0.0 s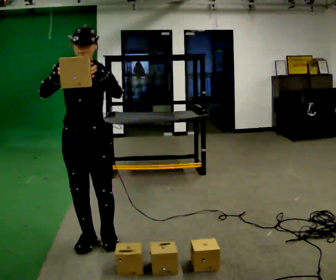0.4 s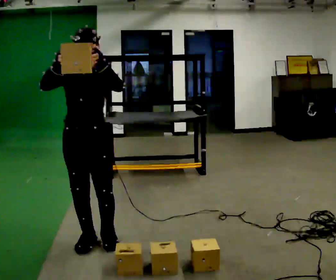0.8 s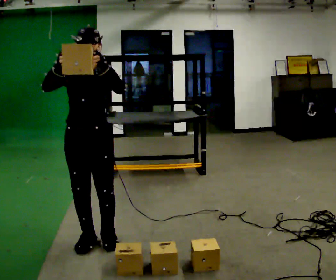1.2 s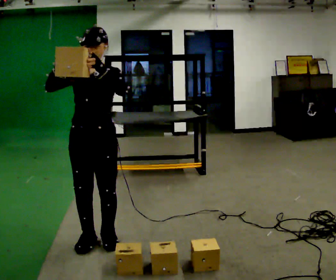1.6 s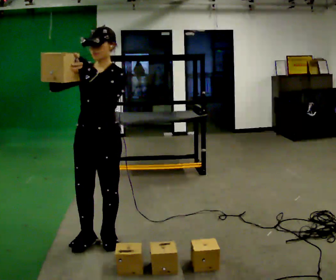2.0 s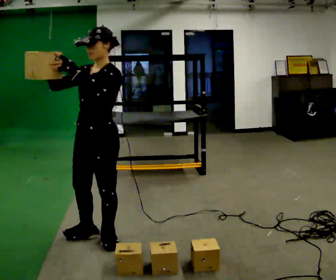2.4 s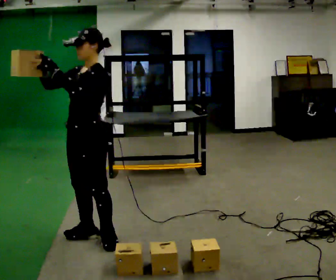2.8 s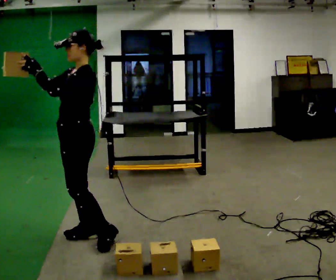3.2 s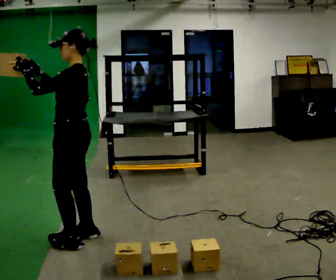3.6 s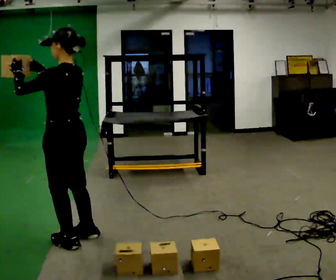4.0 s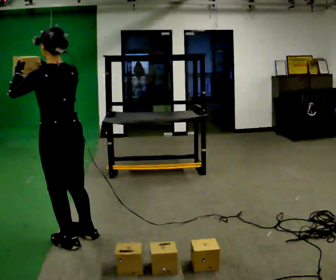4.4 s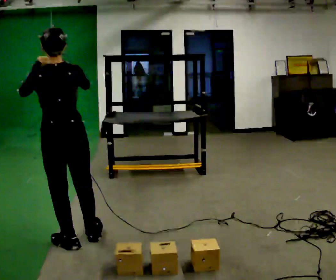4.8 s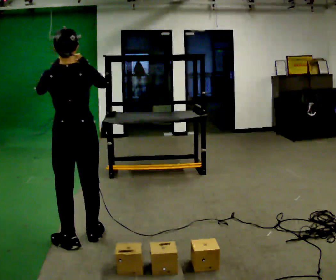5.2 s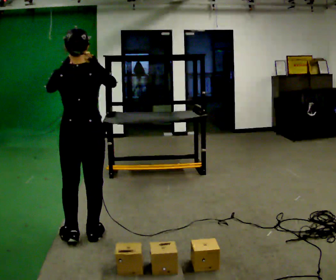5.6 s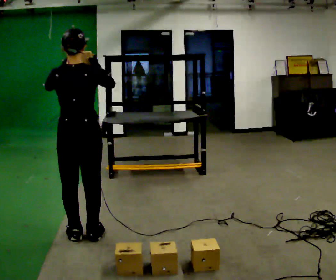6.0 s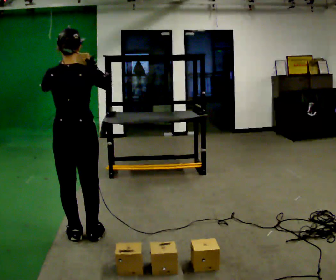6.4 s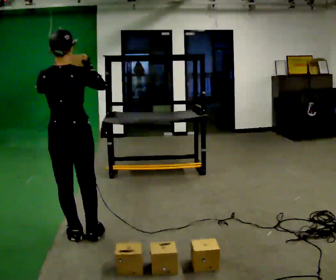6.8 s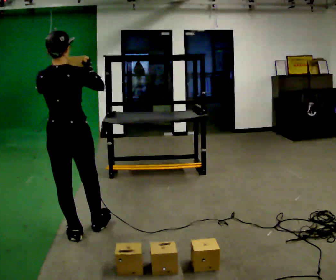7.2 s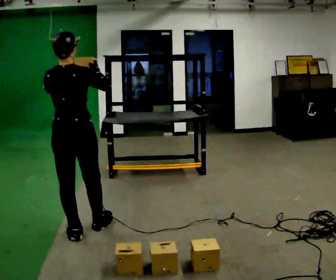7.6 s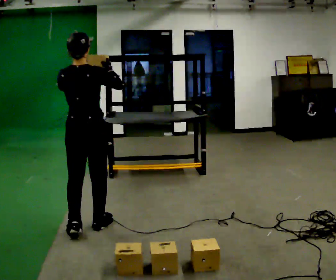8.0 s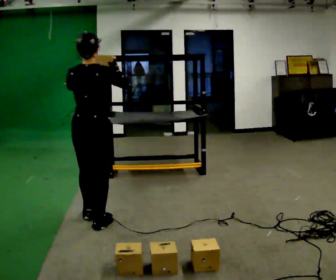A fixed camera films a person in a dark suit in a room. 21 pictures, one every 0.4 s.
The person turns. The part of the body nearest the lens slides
to the left.
The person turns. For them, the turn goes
to their right.
0.0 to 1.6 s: The person turns about 30 degrees to their right, clockwise seen from above, so the part of the body nearest the lens slides to the left.
1.6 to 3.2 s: Seen from above the body turns clockwise, about 60 degrees: to their right, with its near side sliding to the left. In the picture they go to the left, about 0.25 m.
3.2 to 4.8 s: Seen from above the body turns clockwise, about 75 degrees: to their right, with its near side sliding to the left. In the picture their right hand goes to the right.
4.8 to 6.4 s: The person moves a little, or ends about where they began.
6.4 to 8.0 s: In the picture they go away from the camera and to the right, about 0.25 m in 1 step, which for them is forward.
The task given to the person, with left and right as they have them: Pick an object up off the floor, carry it across the room, and place it on the highest shelf you can comfortably reach. Keep going until the operator says stop; one object at a time, and do not rush between trips.
The film runs forward here.
